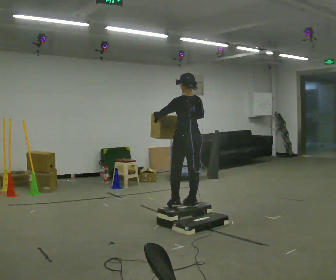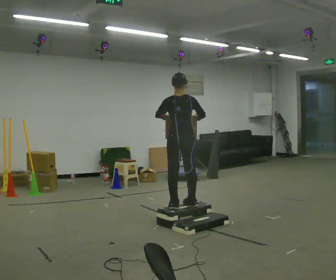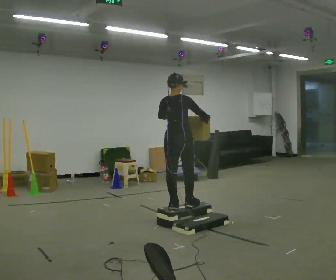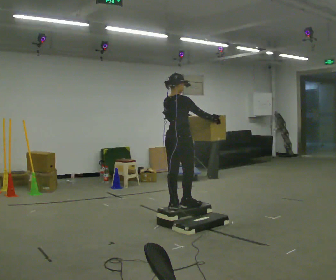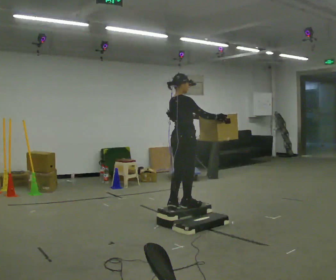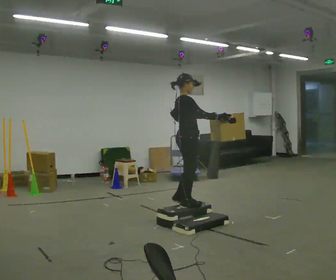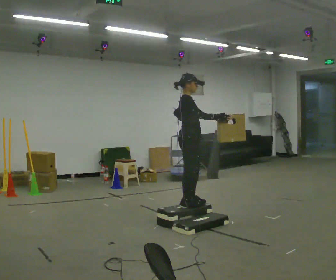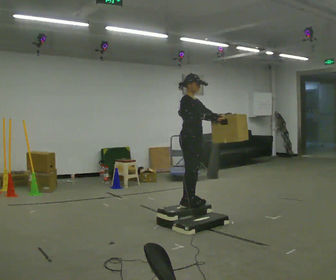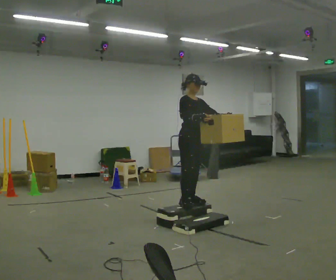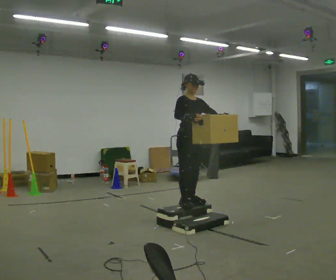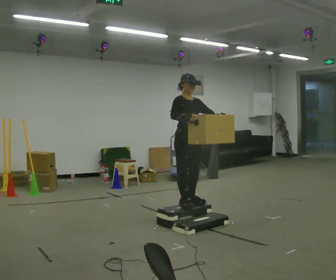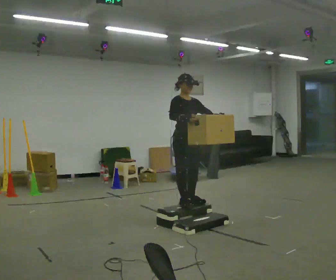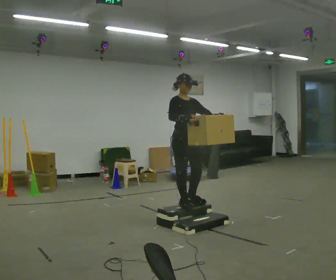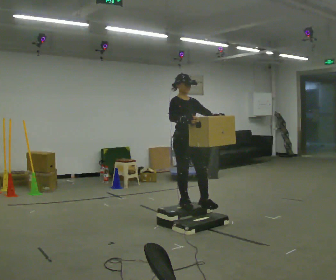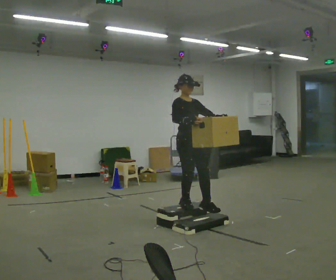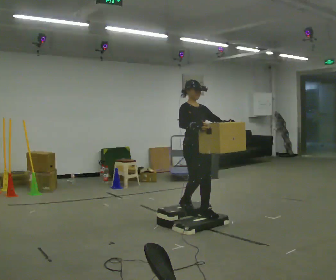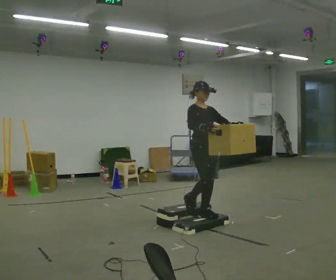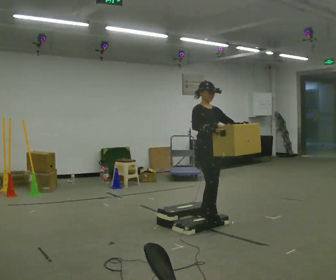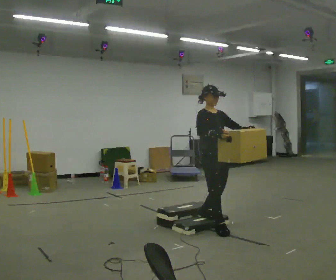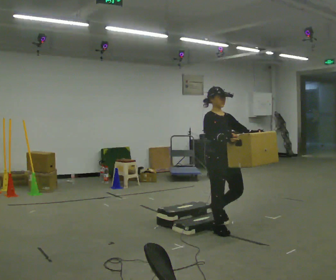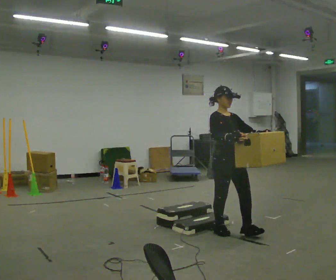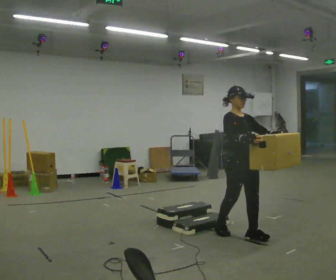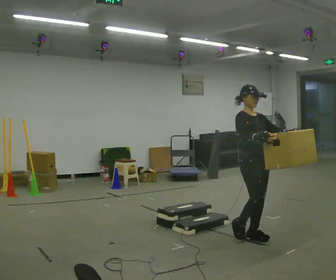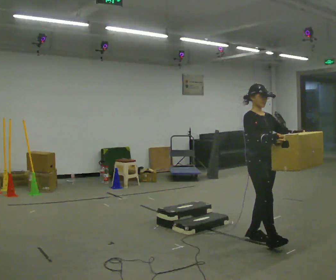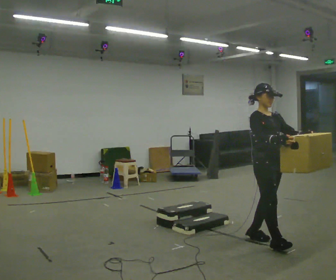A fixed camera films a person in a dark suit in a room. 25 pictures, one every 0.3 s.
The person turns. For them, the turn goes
to their right.
The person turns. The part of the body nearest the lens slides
to the left.
0.0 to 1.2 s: Seen from above the body turns clockwise, about 75 degrees: to their right, with its near side sliding to the left. In the picture their left hand goes to the right.
1.2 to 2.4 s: The person turns about 75 degrees to their right, clockwise seen from above, so the part of the body nearest the lens slides to the left. In the picture their left hand goes to the right.
2.4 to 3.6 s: The person moves a little, or ends about where they began.
3.6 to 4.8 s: In the picture they go to the right and toward the camera, about 0.25 m in 1 step, which for them is forward.
4.8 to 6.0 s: In the picture they go toward the camera and to the right, about 0.5 m in 1 step, which for them is forward.
6.0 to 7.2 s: In the picture they go toward the camera and to the right, about 0.5 m in 2 steps, which for them is forward.
The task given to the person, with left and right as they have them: Carry the box up the three steps, turn at the top, and carry it back down. Use the handrail only if you need it. Keep going until the operator says stop; one object at a time, and do not rush between trips.
The film runs forward here.
